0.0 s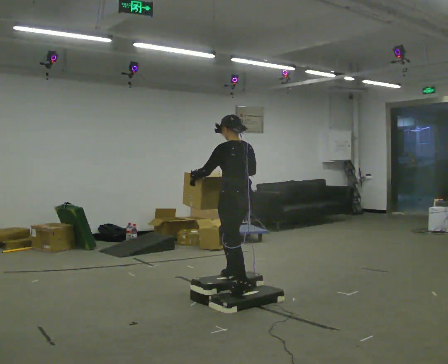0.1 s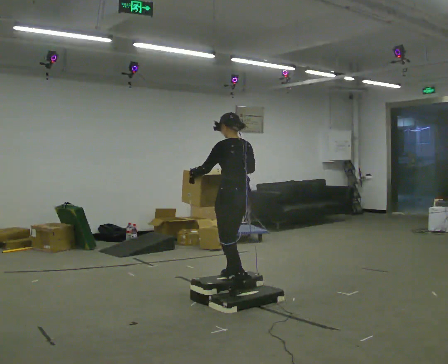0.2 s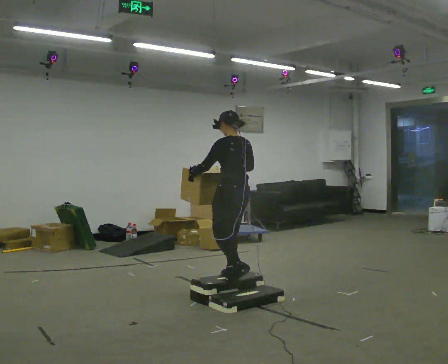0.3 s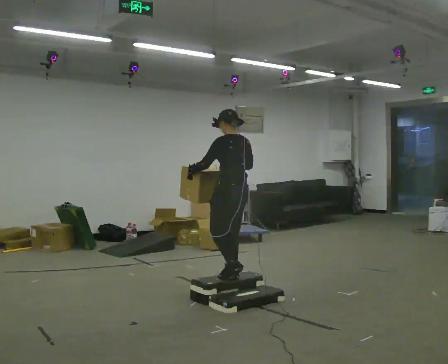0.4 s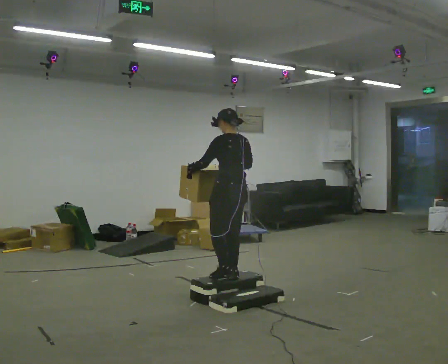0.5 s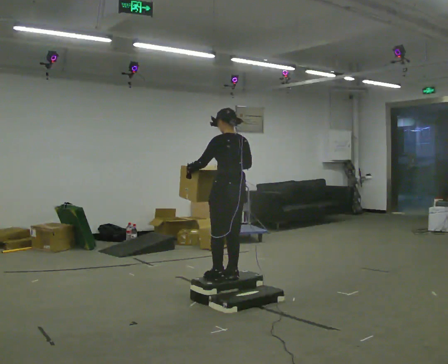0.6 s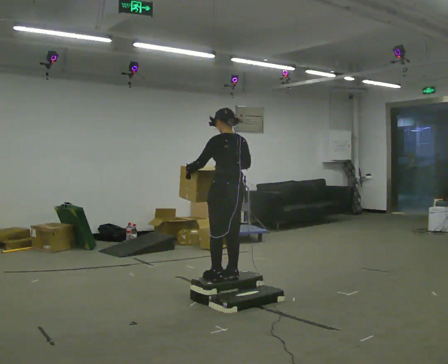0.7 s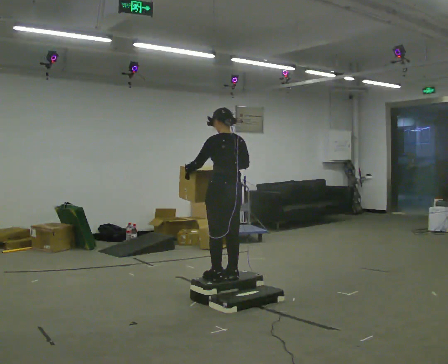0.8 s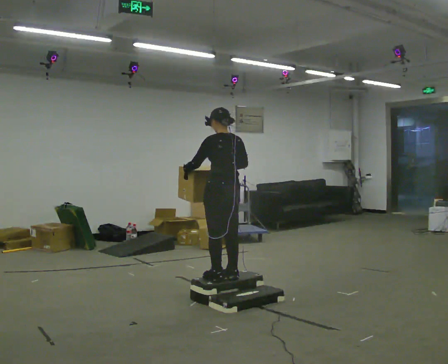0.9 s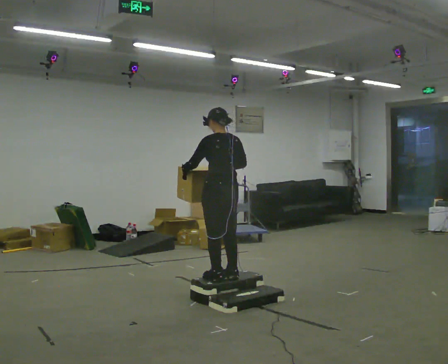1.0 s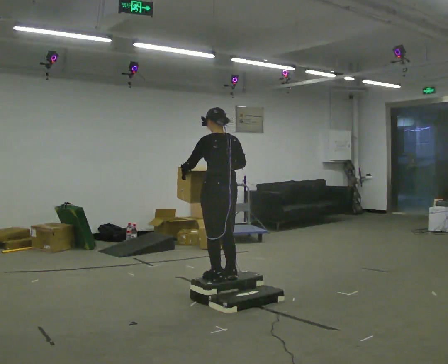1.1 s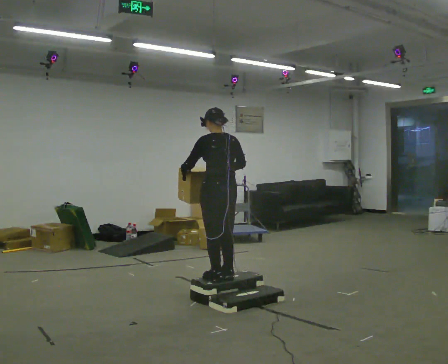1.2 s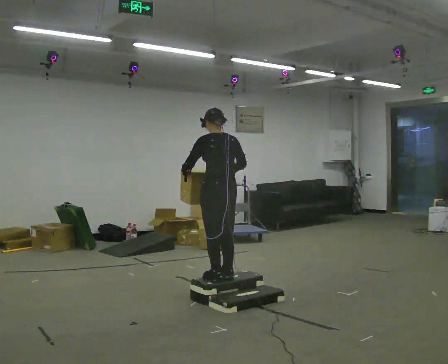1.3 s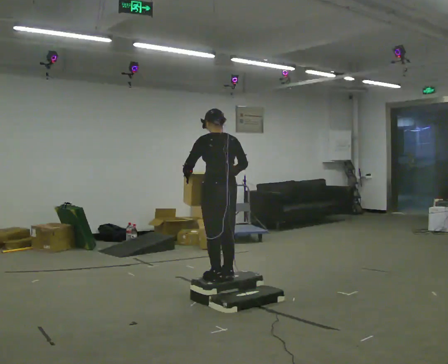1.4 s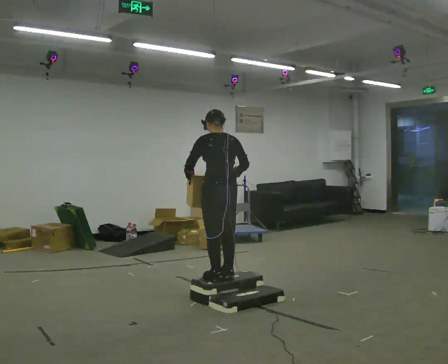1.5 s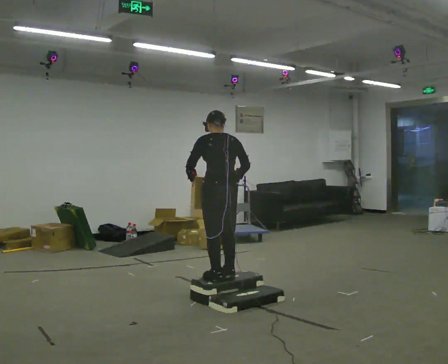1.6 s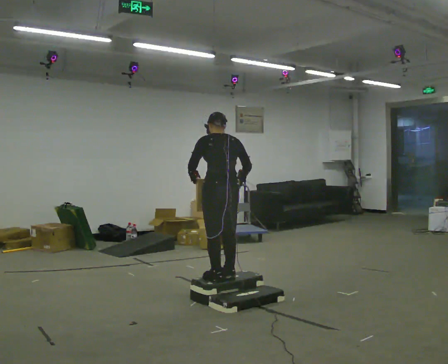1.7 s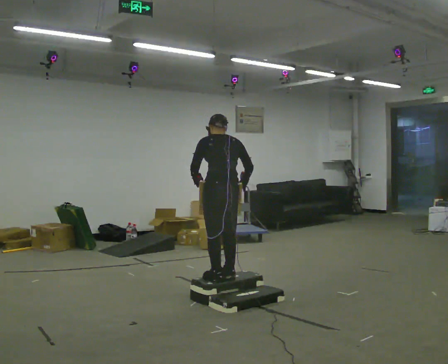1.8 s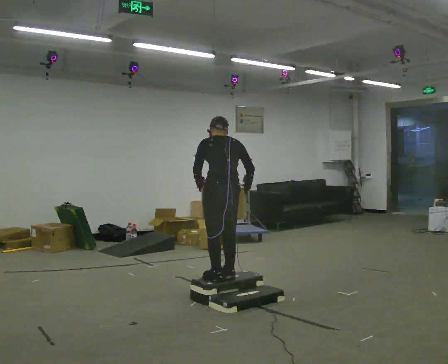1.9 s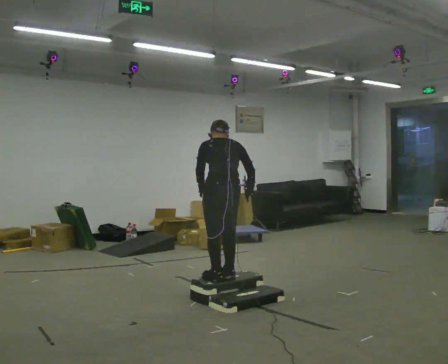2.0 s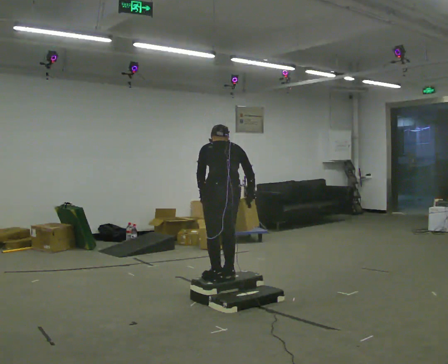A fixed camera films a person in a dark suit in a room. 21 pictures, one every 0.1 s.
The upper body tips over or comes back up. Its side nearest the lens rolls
upward.
0.0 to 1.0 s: The person moves a little, or ends about where they began.
1.0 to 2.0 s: The upper body tips away from the camera, its near side rolling upward, as they bend forward.
The film runs forward here.
